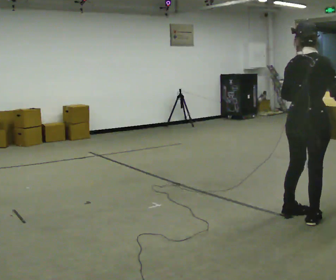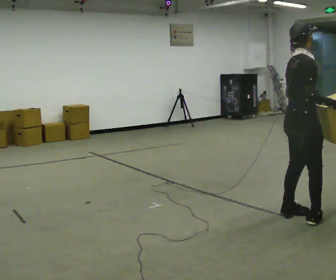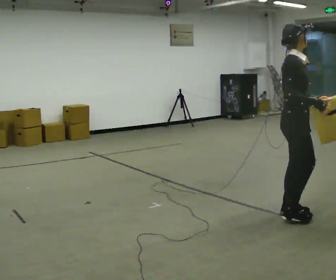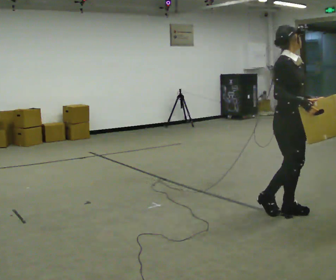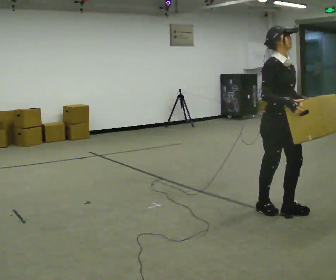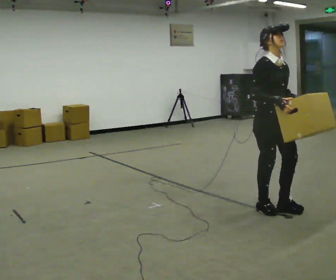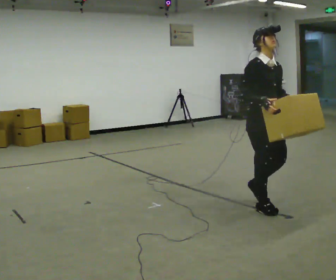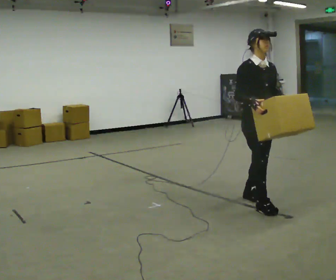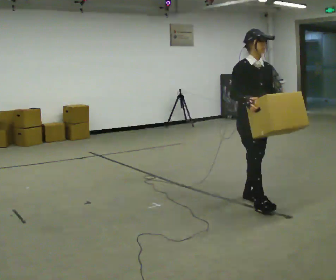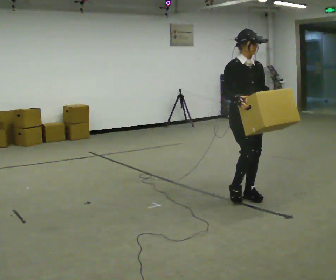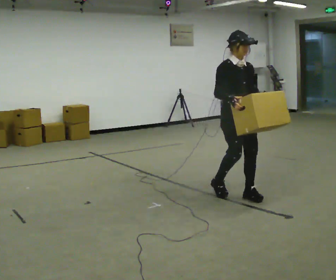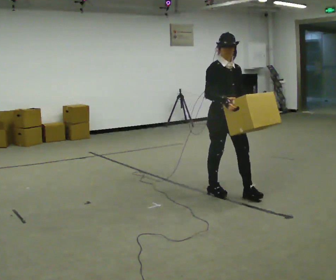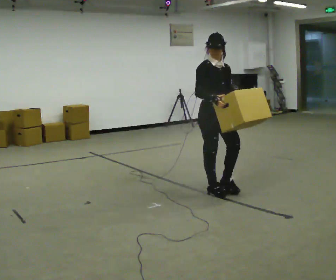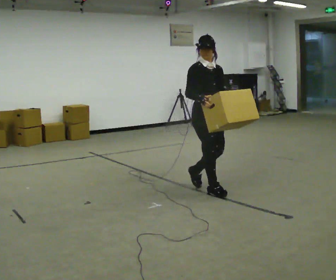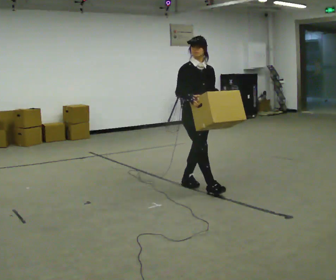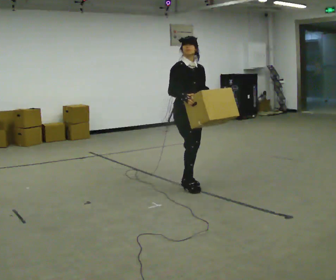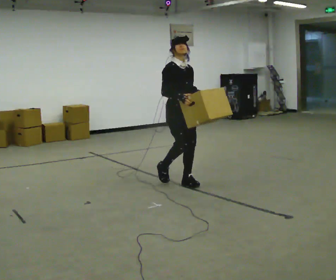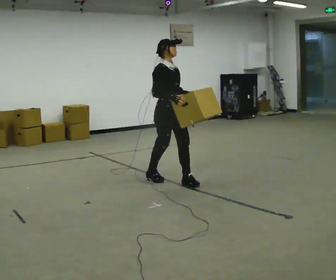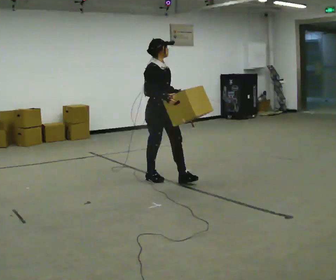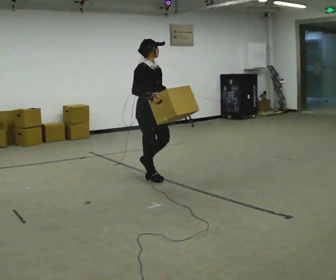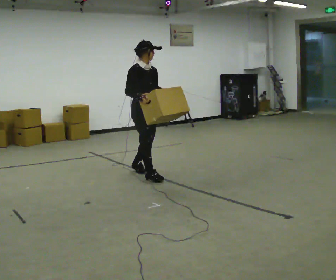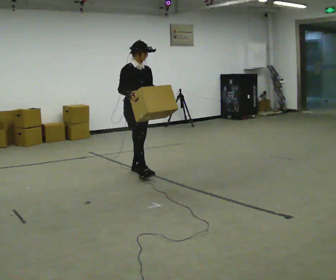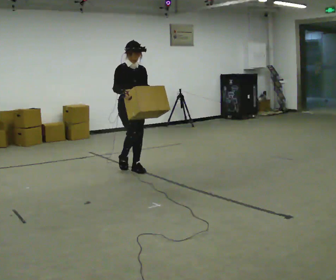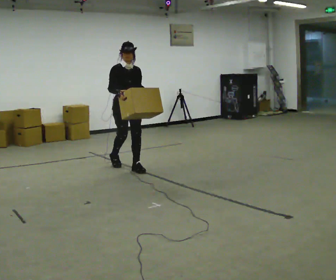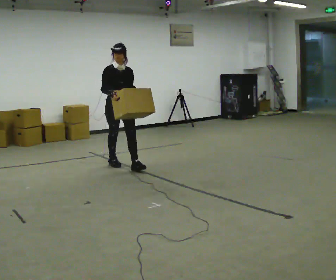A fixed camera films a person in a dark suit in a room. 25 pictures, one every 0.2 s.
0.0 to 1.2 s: The person turns about 90 degrees to their right, clockwise seen from above, so the part of the body nearest the lens slides to the left. In the picture they go away from the camera and to the left, about 0.5 m in 2 steps.
1.2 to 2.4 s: In the picture they go away from the camera and to the left, about 0.75 m in 2 steps, which for them is backward.
2.4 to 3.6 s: In the picture they go to the left and away from the camera, about 1 m in 2 steps, which for them is backward.
3.6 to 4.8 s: In the picture they go away from the camera and to the left, about 1 m in 1 step, which for them is backward.
The film runs backward here.
